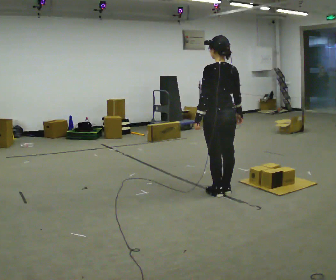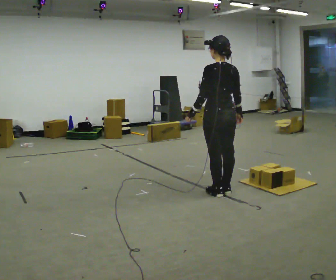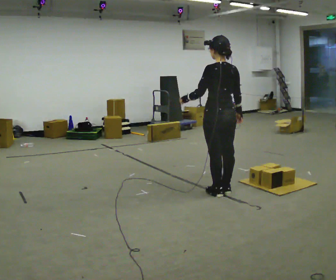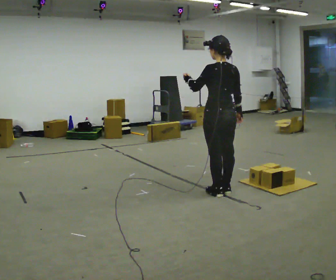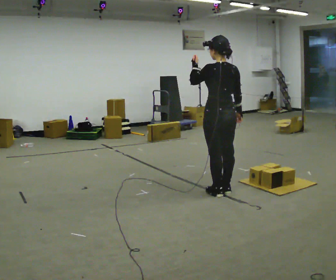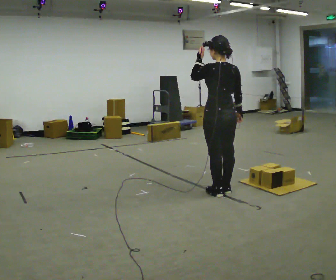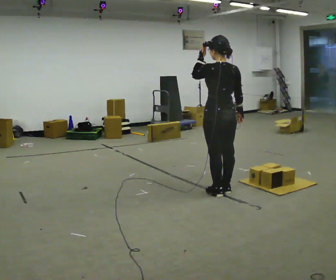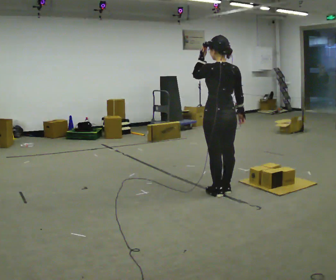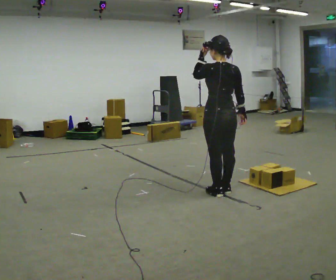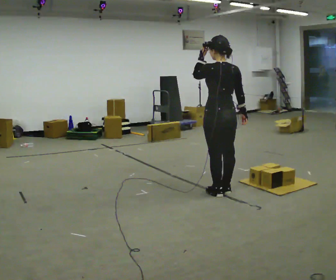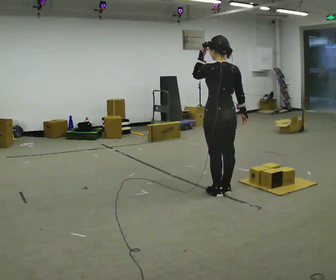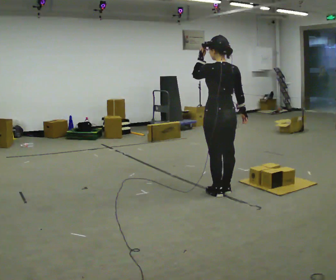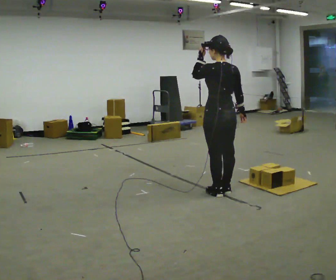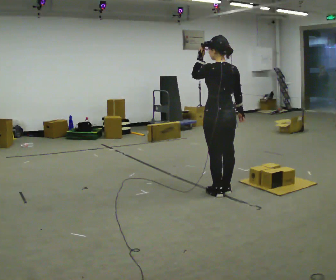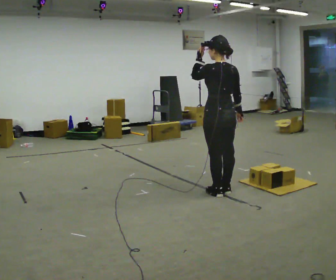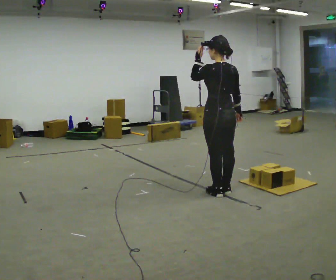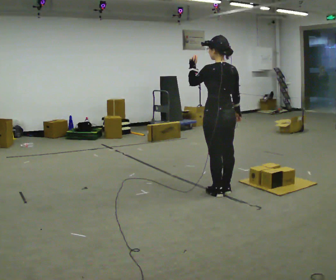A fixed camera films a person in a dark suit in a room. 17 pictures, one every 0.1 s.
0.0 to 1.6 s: In the picture their left hand goes upward.
The film runs forward here.
